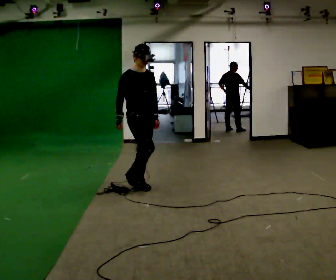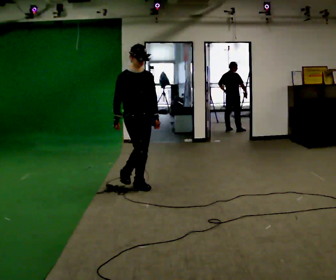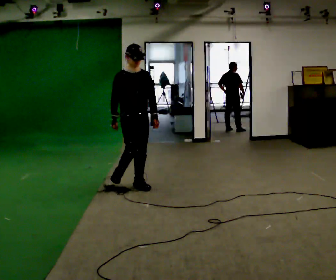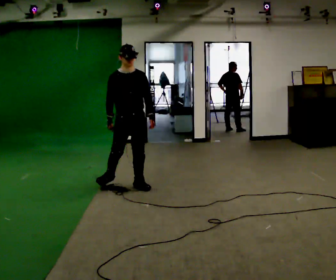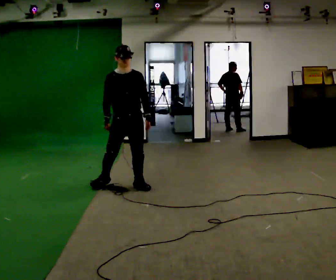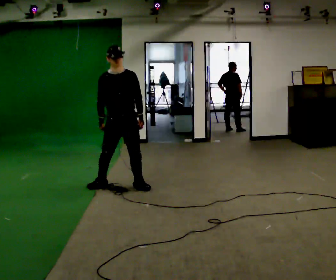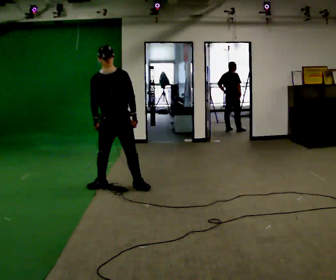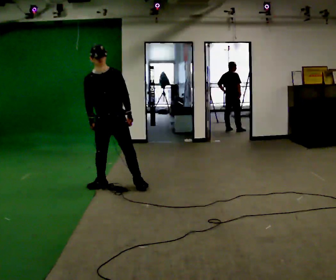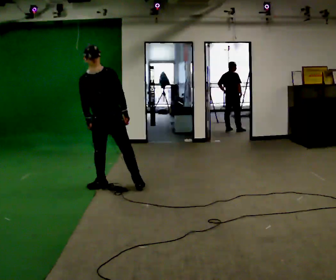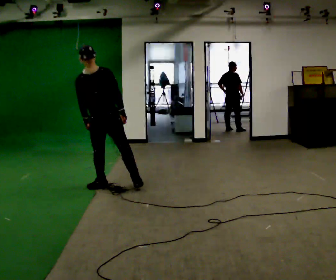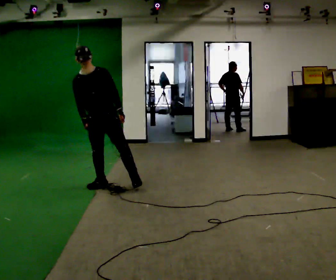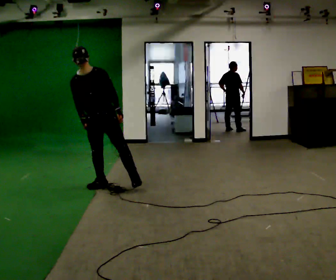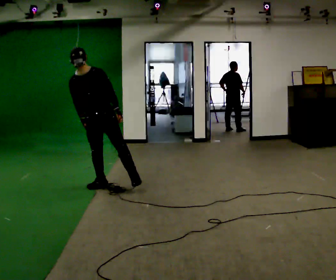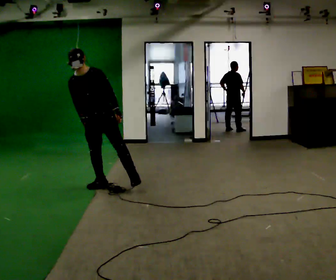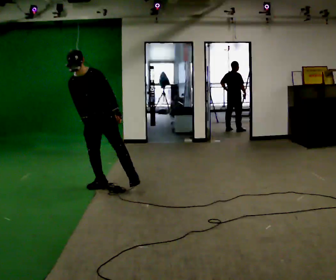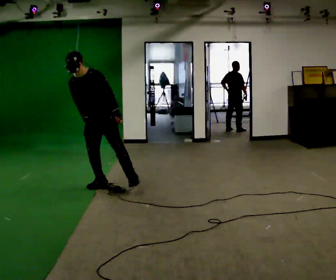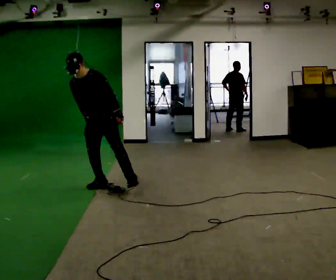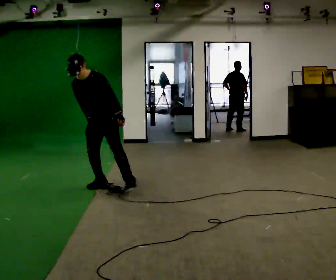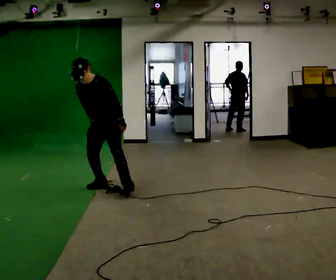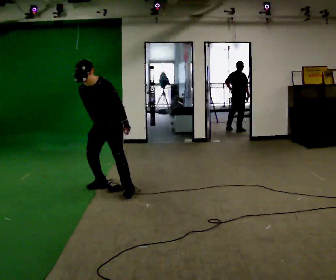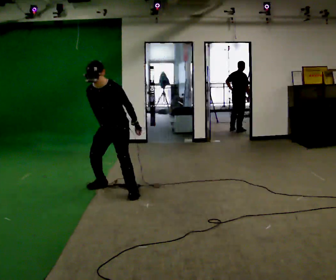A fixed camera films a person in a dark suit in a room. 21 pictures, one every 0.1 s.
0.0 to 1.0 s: Seen from above the body turns clockwise, about 45 degrees: to their right, with its near side sliding to the left. In the picture they go to the left, about 0.5 m, which for them is to their right and backward. In the picture the upper body tilts counterclockwise, shoulders to the left.
1.0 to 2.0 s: In the picture they go to the right, about 0.25 m in 1 step, which for them is to their left.
The film runs backward here.
